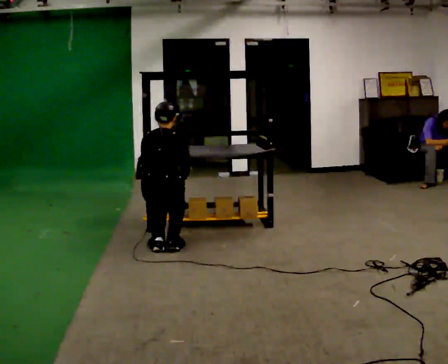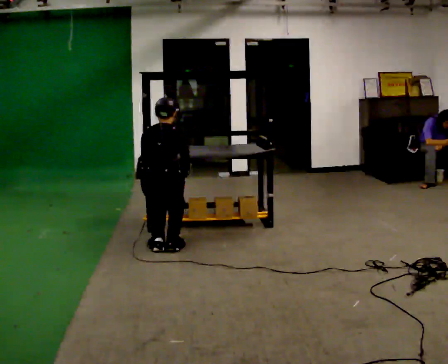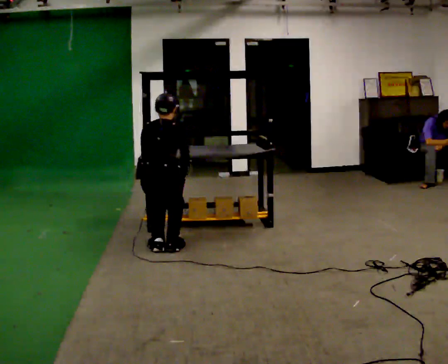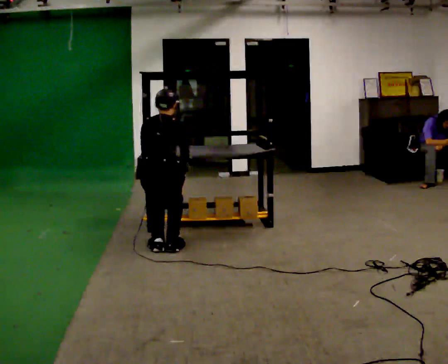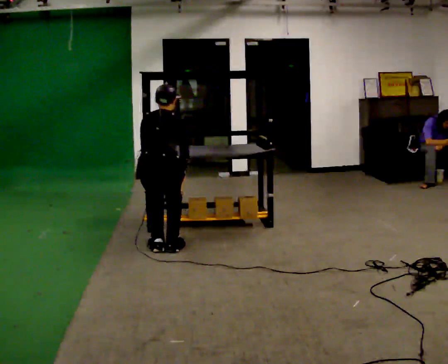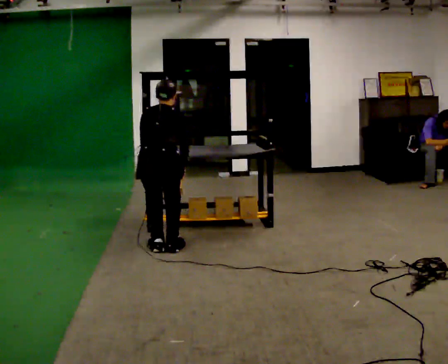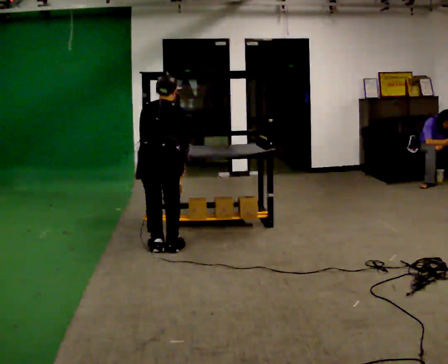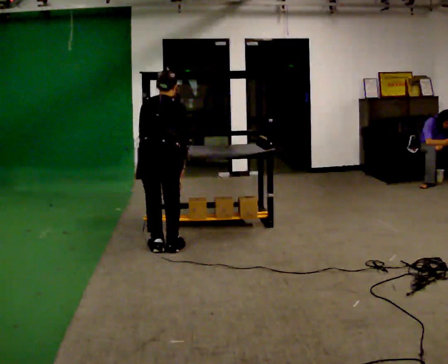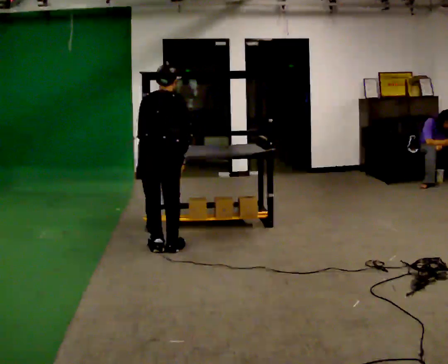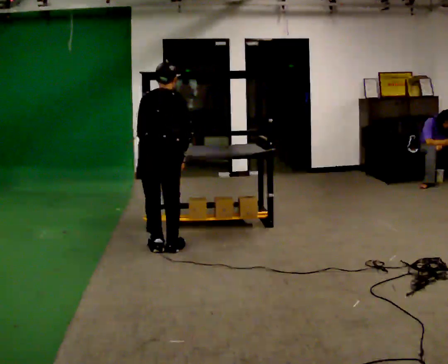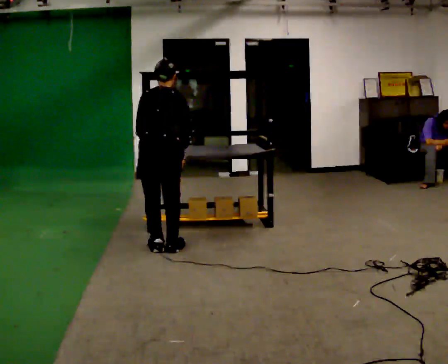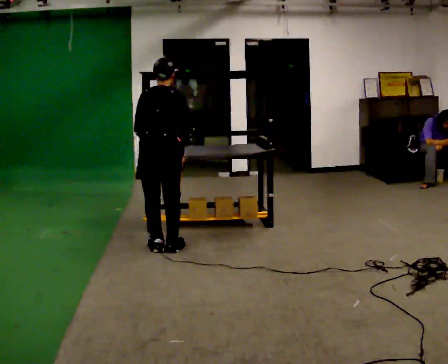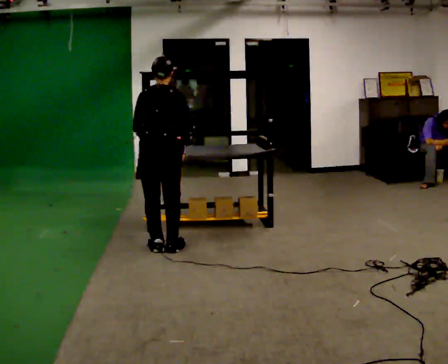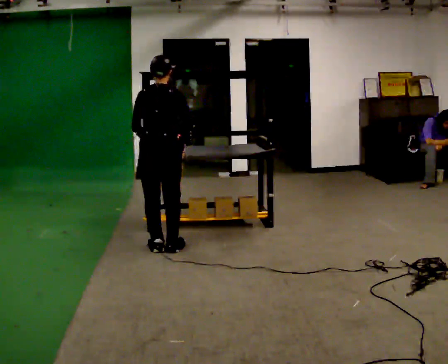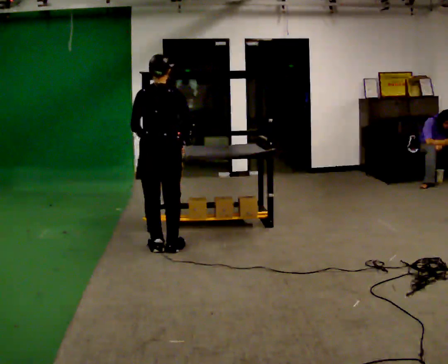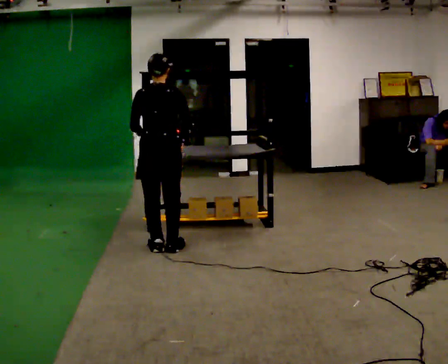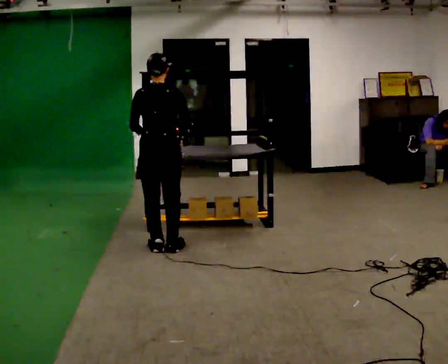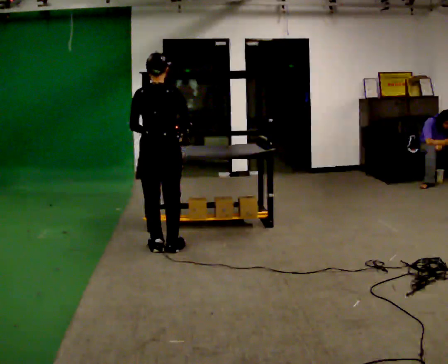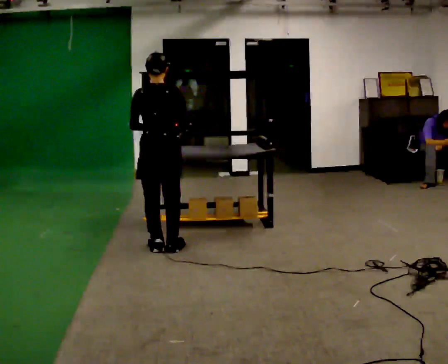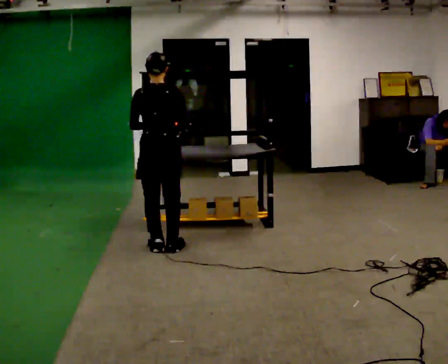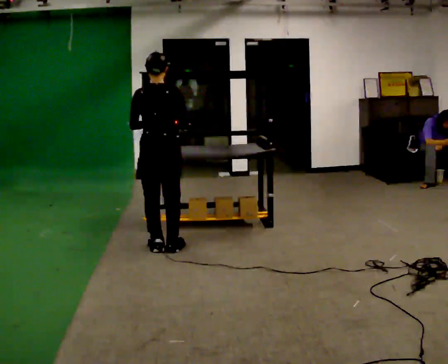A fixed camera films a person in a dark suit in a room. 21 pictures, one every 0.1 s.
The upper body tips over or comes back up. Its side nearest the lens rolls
downward.
The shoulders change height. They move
upward.
0.0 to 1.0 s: The shoulders move upward.
1.0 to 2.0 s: The upper body tips toward the camera, its near side rolling downward, as they lean back or straighten.
The film runs forward here.
